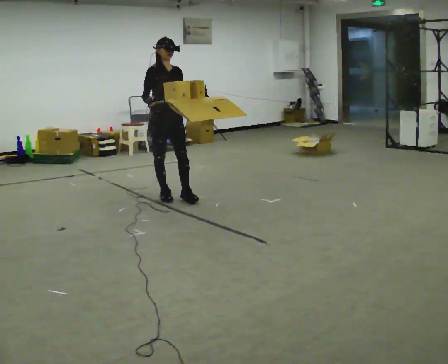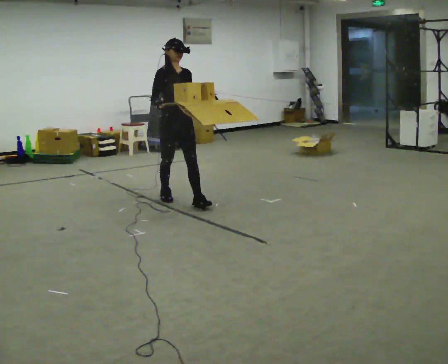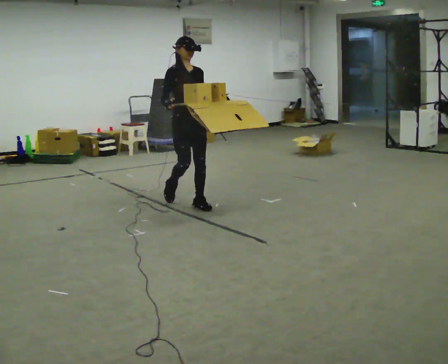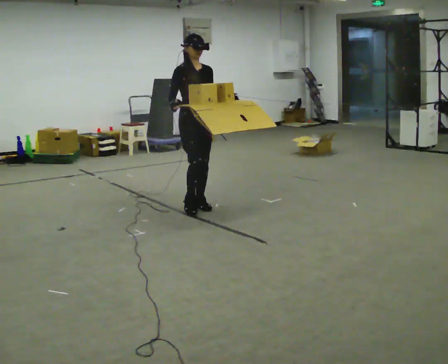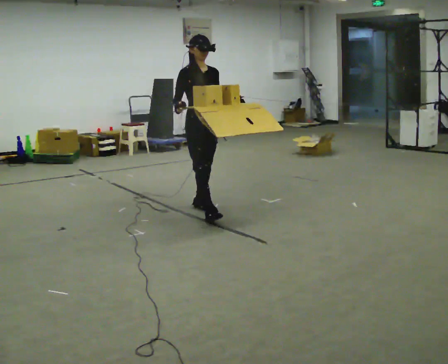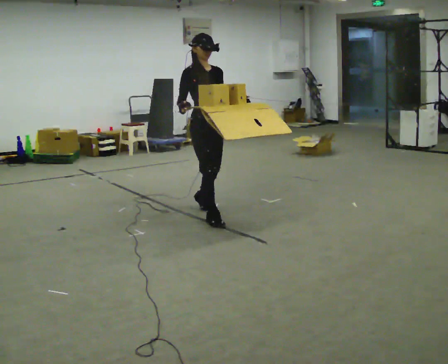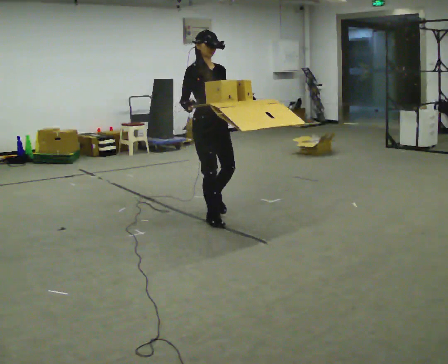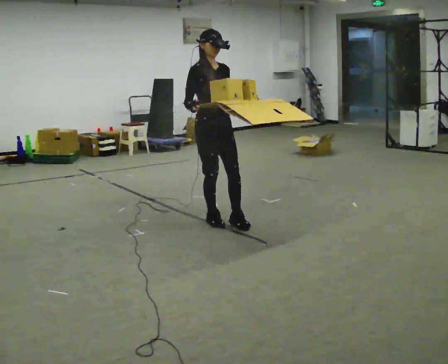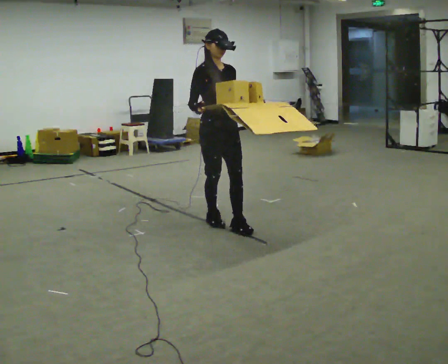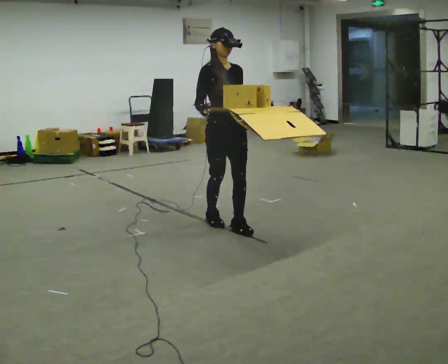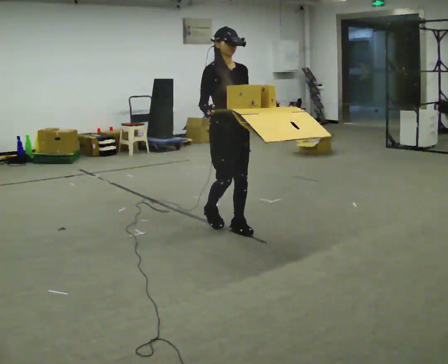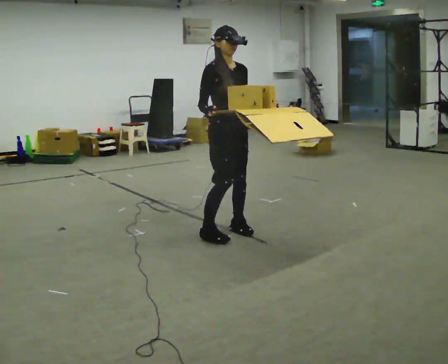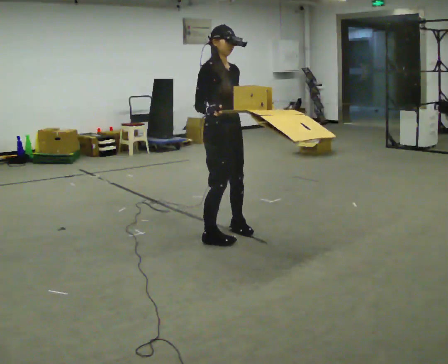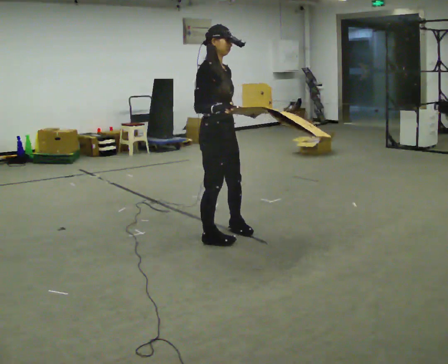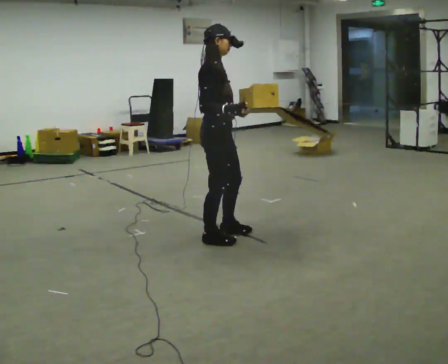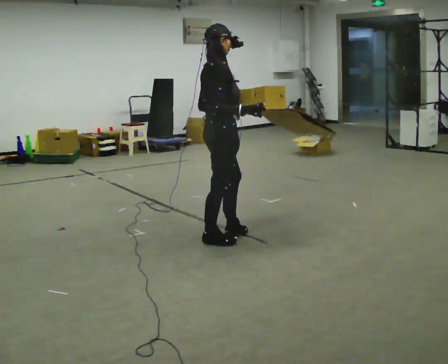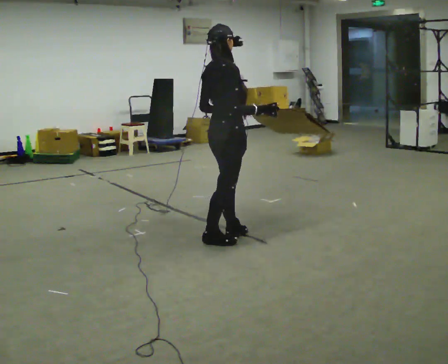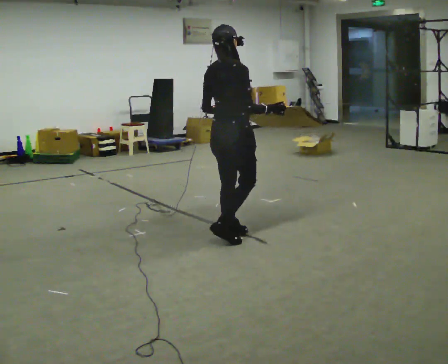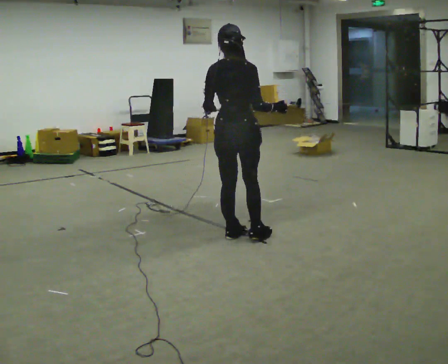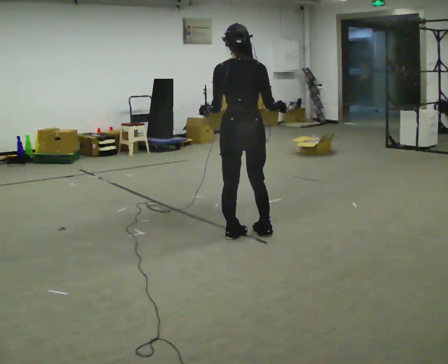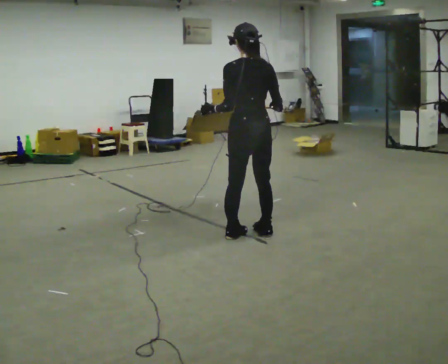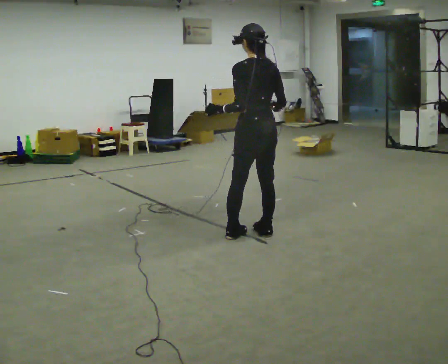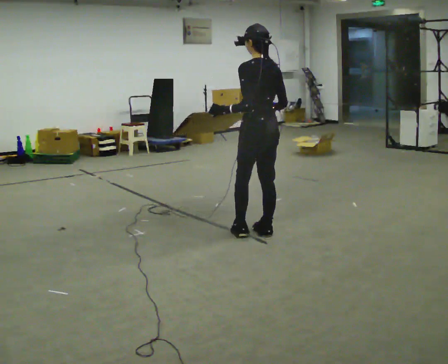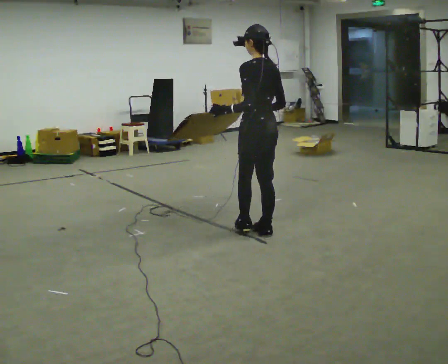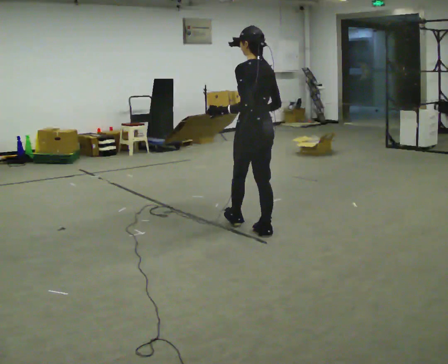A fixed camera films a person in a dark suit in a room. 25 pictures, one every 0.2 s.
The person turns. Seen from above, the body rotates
counterclockwise.
Their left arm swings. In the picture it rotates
clockwise.
0.0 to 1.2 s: In the picture they go to the right and toward the camera, about 1 m in 2 steps, which for them is forward.
1.2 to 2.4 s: In the picture they go toward the camera and to the right, about 0.5 m in 2 steps, which for them is forward.
2.4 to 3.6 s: The person turns about 105 degrees to their left, counterclockwise seen from above, so the part of the body nearest the lens slides to the right. In the picture their right hand goes to the right.
3.6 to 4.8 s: Seen from above the body turns counterclockwise, about 60 degrees: to their left, with its near side sliding to the right. In the picture they go away from the camera, about 0.25 m in 1 step.
The film runs forward here.
